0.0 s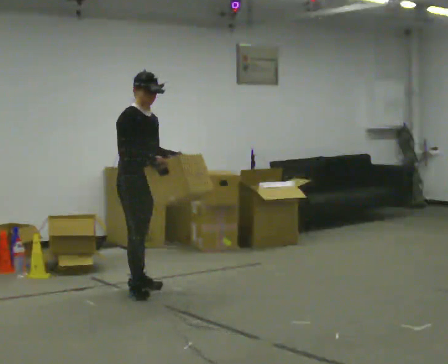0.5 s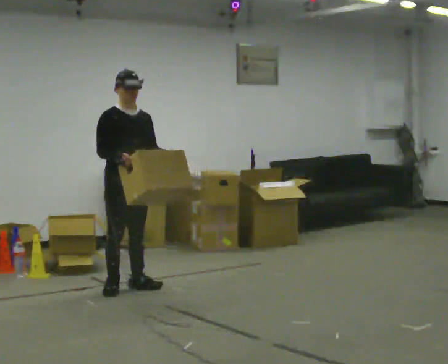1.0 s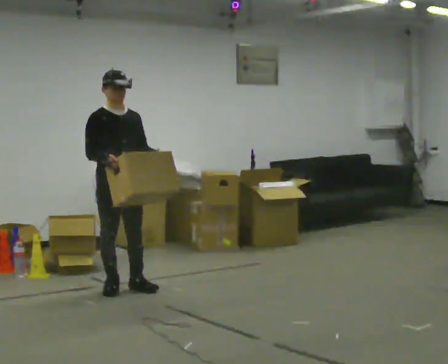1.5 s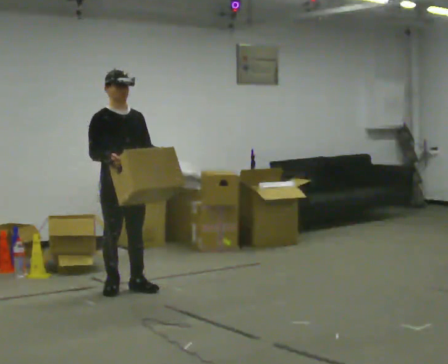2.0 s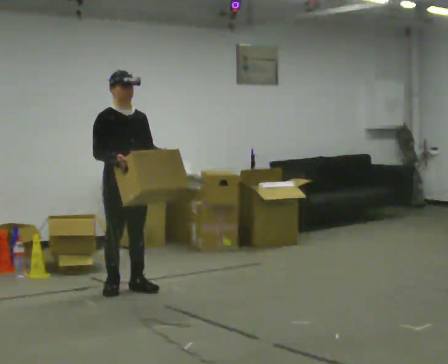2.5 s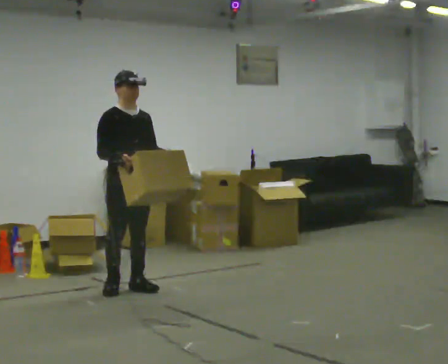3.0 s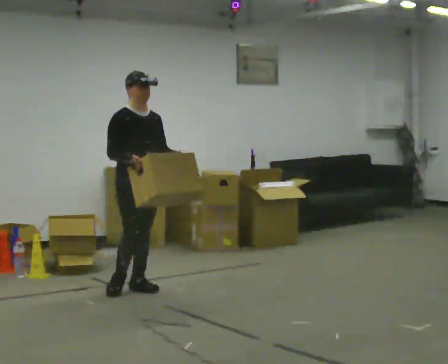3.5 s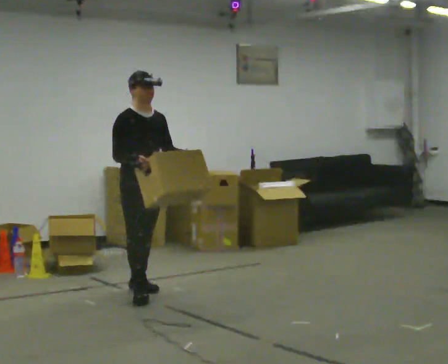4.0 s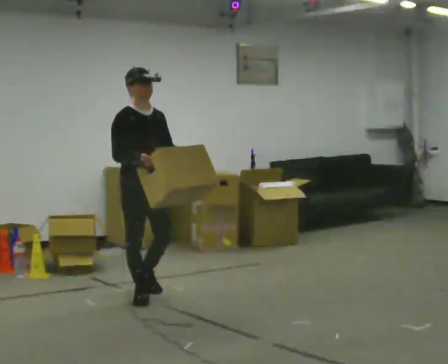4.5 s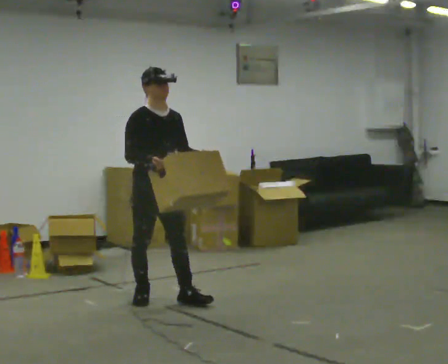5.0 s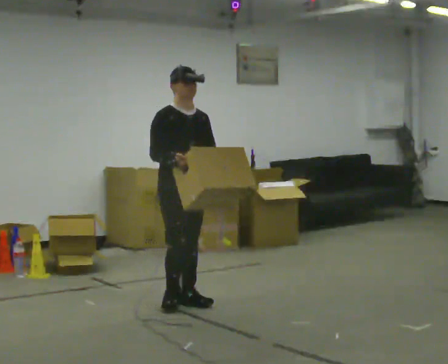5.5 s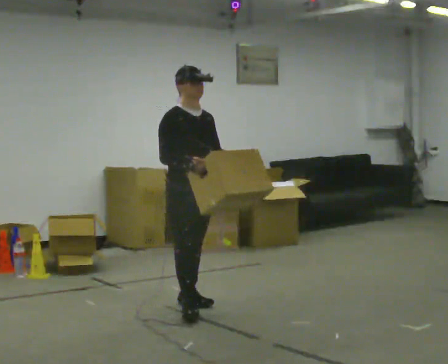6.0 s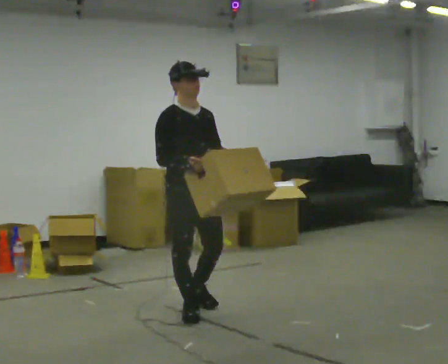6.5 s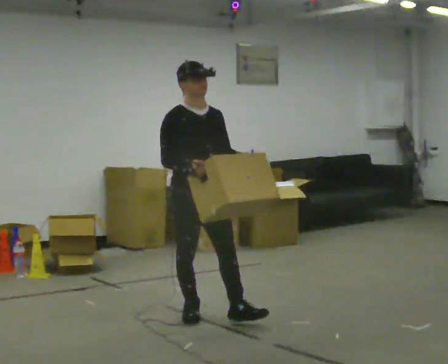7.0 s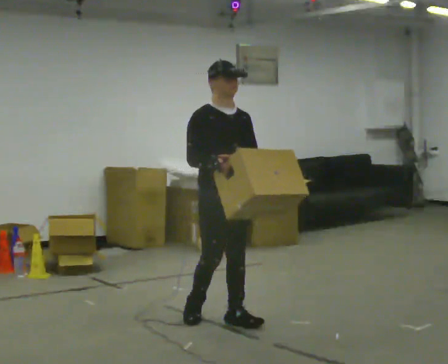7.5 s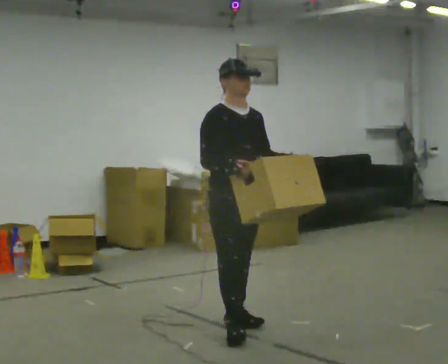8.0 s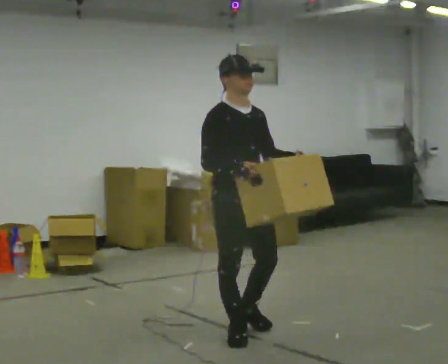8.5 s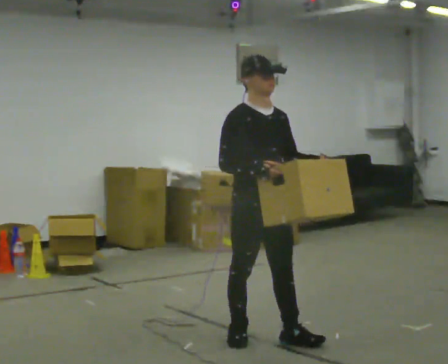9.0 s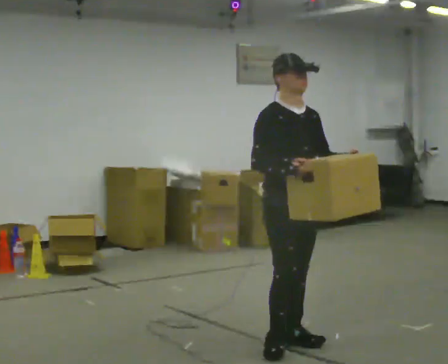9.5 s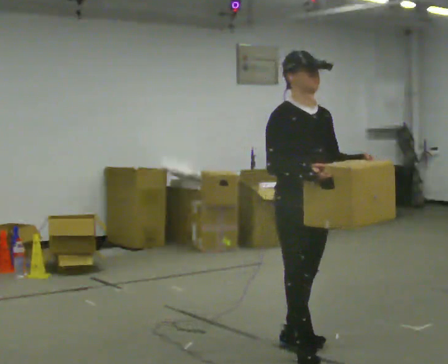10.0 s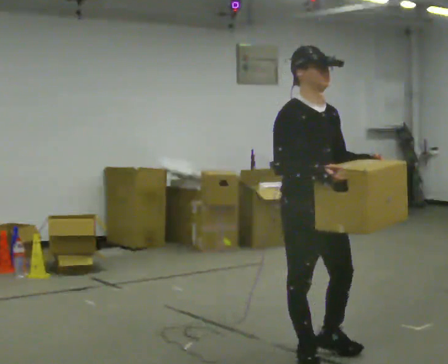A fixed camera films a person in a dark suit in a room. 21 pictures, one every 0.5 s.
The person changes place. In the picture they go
toward the camera.
0.0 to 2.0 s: Seen from above the body turns clockwise, about 30 degrees: to their right, with its near side sliding to the left.
2.0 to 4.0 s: In the picture they go toward the camera, about 0.25 m in 1 step, which for them is forward.
4.0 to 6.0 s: In the picture they go toward the camera and to the right, about 0.5 m in 2 steps, which for them is forward.
6.0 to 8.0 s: In the picture they go toward the camera and to the right, about 0.5 m in 2 steps, which for them is forward.
8.0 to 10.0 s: In the picture they go toward the camera and to the right, about 0.5 m in 2 steps, which for them is forward.
The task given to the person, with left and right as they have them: Carry the box in both hands and walk back and forth across the room. The contents may move around. Carry on as best you can.
The film runs forward here.
